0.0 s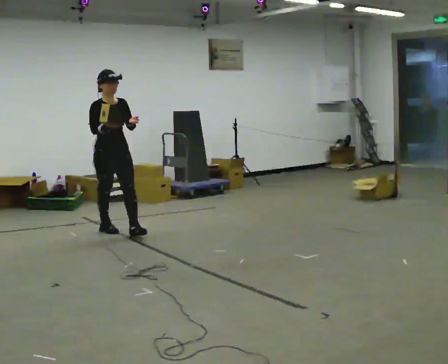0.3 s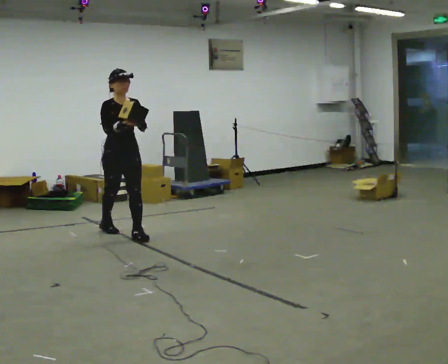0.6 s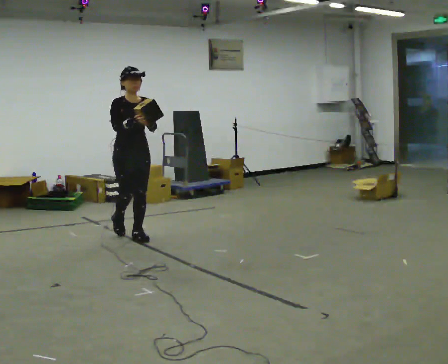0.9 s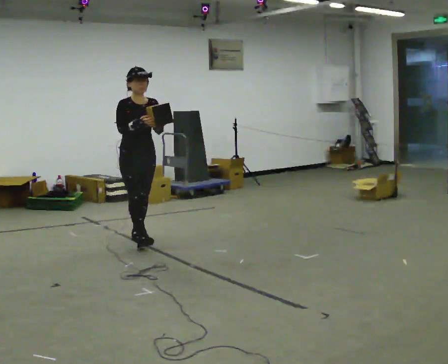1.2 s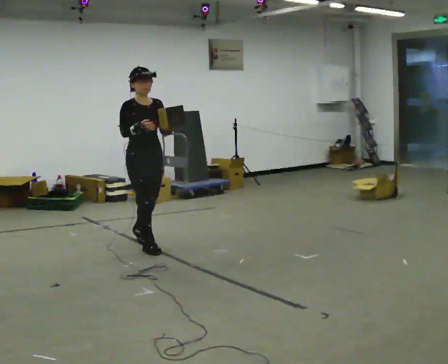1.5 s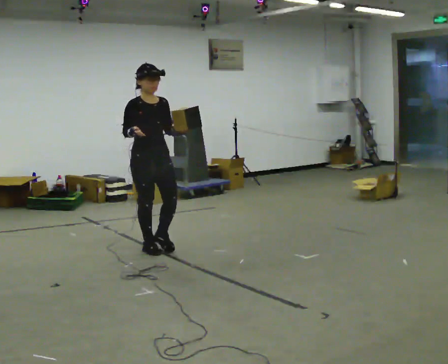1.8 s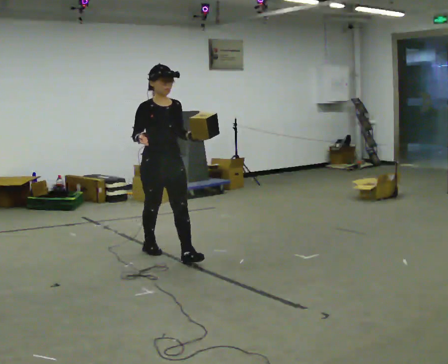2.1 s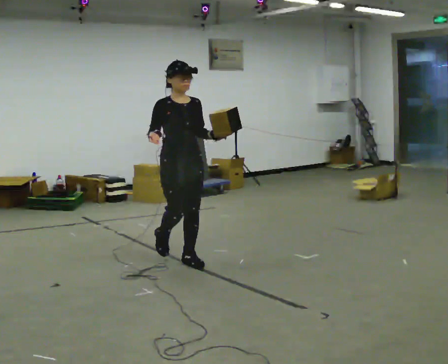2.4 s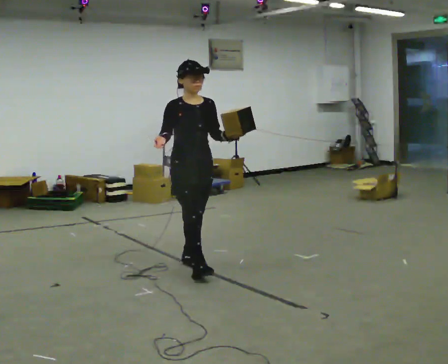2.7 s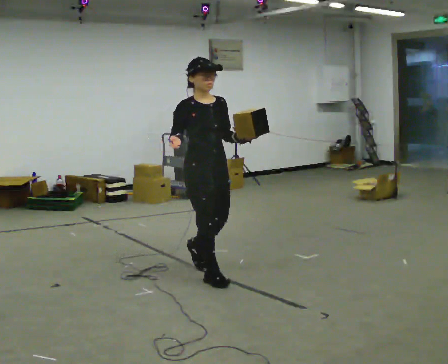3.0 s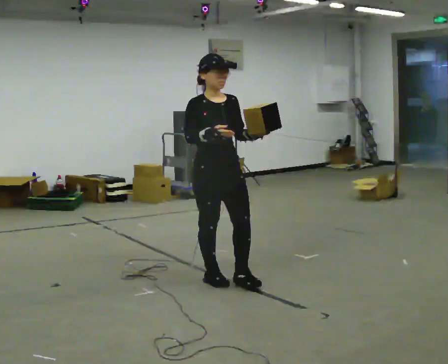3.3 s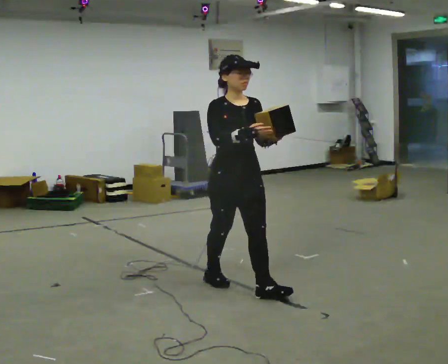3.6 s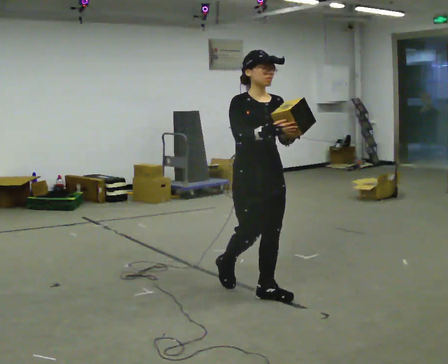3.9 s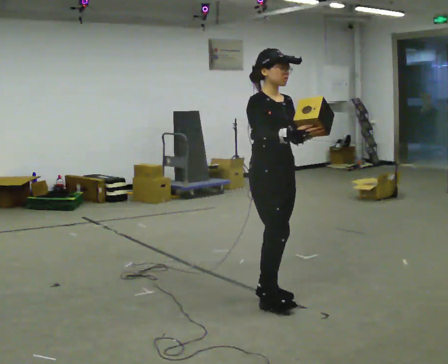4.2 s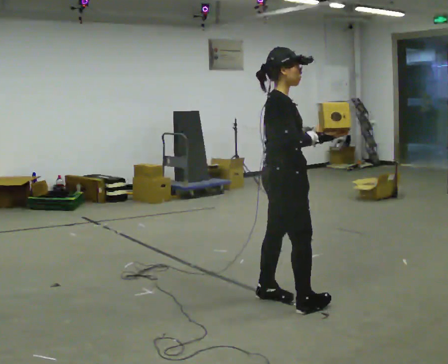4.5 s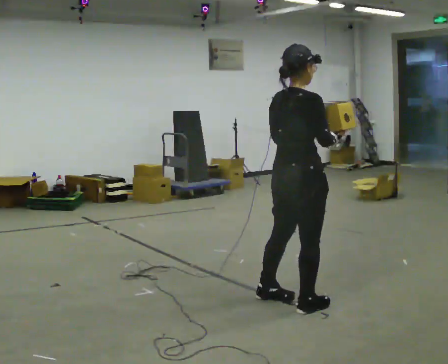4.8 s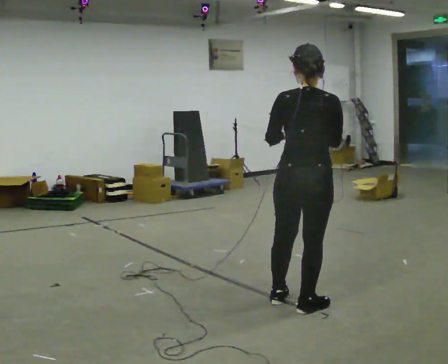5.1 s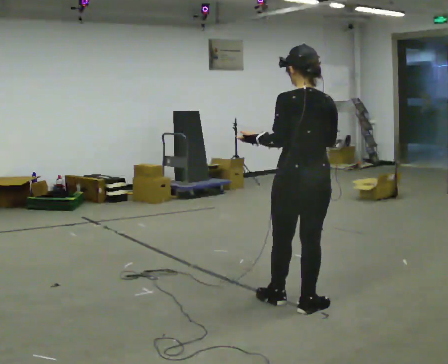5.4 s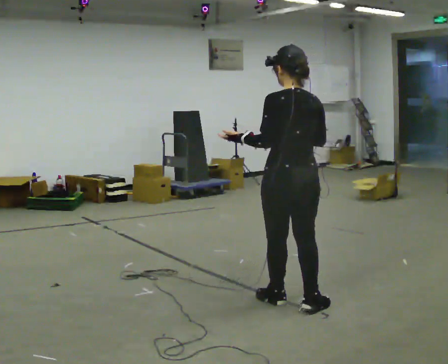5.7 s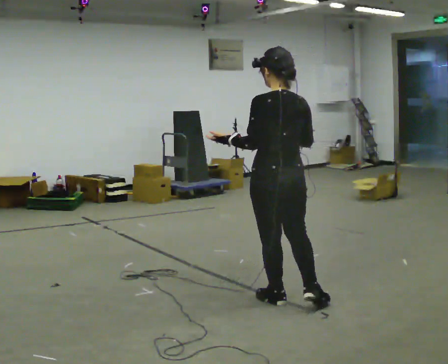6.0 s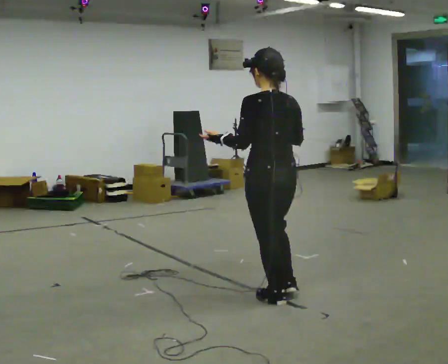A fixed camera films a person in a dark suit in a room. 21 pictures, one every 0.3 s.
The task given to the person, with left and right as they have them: Carry the object in one hand and, while walking, pass it to your other hand. Keep passing it back and forth as you walk.
0.0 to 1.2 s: In the picture they go to the right and toward the camera, about 0.75 m in 2 steps, which for them is forward.
1.2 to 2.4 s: In the picture they go to the right and toward the camera, about 1 m in 1 step, which for them is forward.
2.4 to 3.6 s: In the picture they go toward the camera and to the right, about 1 m in 2 steps, which for them is forward.
3.6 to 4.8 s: The person turns about 135 degrees to their left, counterclockwise seen from above, so the part of the body nearest the lens slides to the right. In the picture they go to the right and toward the camera, about 0.5 m in 2 steps.
4.8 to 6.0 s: The person turns about 45 degrees to their left, counterclockwise seen from above, so the part of the body nearest the lens slides to the right. In the picture they go to the left, about 0.25 m, which for them is forward and to their left. In the picture their left hand goes to the left.
The film runs forward here.
